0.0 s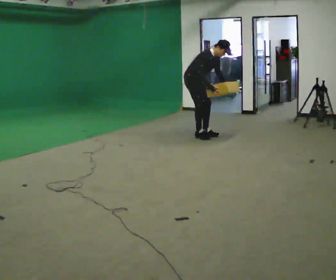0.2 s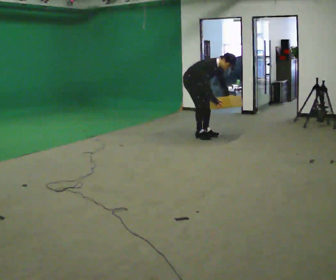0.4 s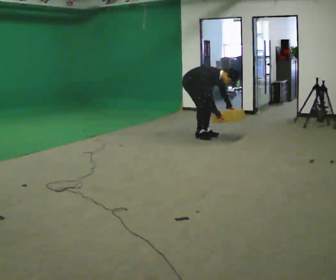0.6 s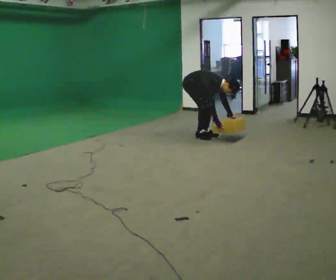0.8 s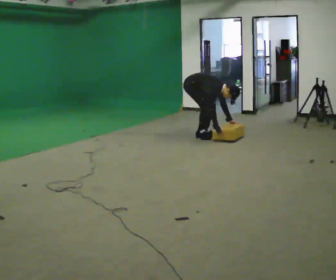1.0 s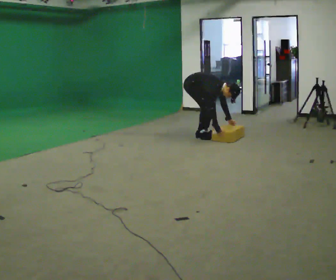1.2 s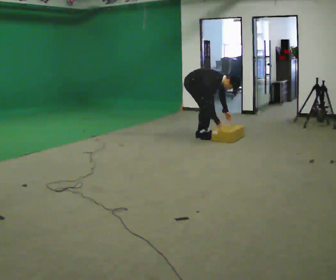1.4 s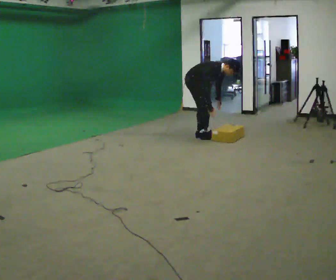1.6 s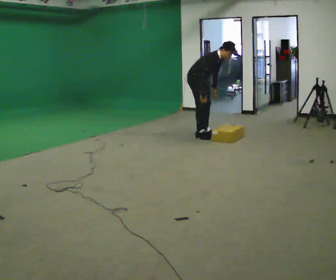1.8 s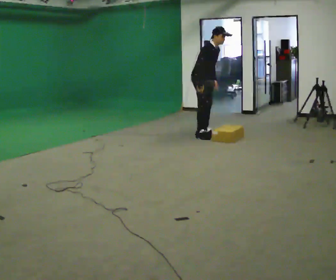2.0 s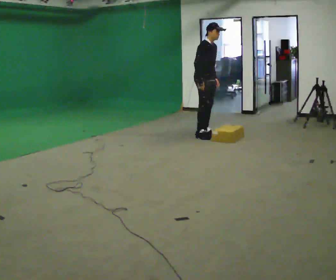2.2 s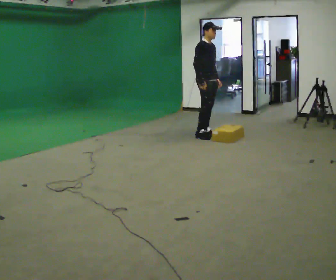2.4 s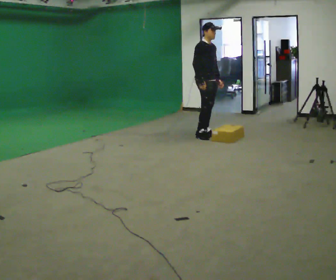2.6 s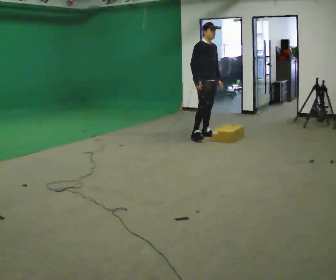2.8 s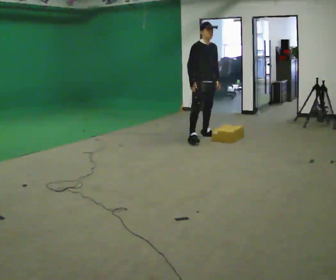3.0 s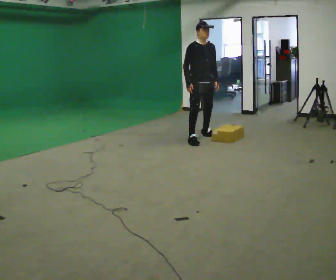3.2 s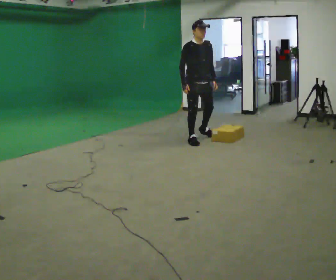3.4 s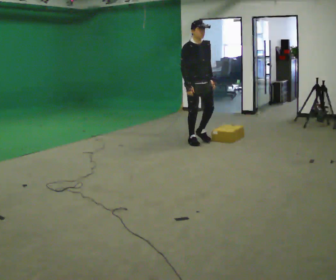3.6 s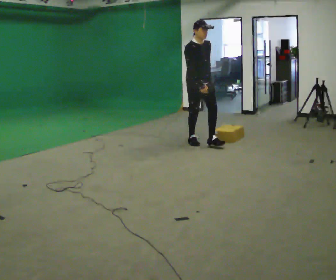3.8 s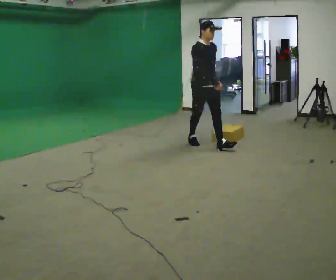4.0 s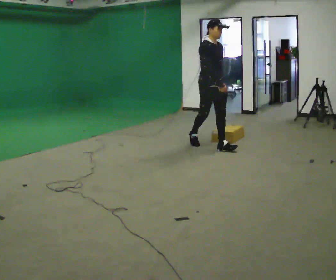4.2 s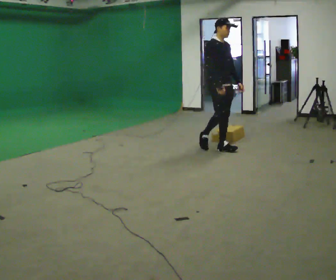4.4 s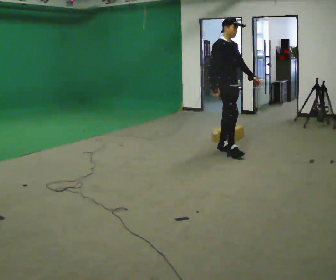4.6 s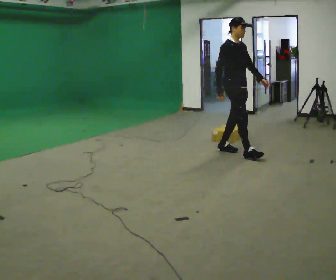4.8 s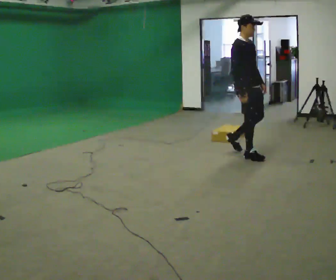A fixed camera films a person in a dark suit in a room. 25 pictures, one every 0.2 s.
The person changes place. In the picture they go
toward the camera.
0.0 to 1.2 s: In the picture the upper body tilts clockwise, shoulders to the right, as they bend forward. In the picture their left hand goes downward.
1.2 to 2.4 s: In the picture they go to the right, about 0.25 m, which for them is forward. The shoulders move upward. In the picture the upper body tilts counterclockwise, shoulders to the left, as they lean back or straighten. In the picture their left hand goes upward.
2.4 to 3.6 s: In the picture they go toward the camera, about 0.5 m in 1 step, which for them is to their right and forward.
3.6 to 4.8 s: The part of the body nearest the lens slides to the right as the person turns to their left by about 30 degrees. In the picture they go toward the camera and to the right, about 1 m in 2 steps, which for them is forward.
The film runs forward here.
